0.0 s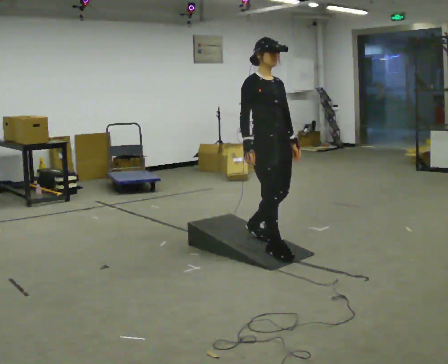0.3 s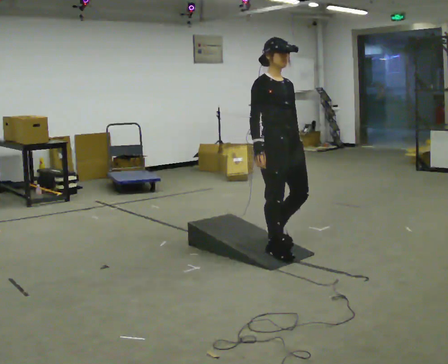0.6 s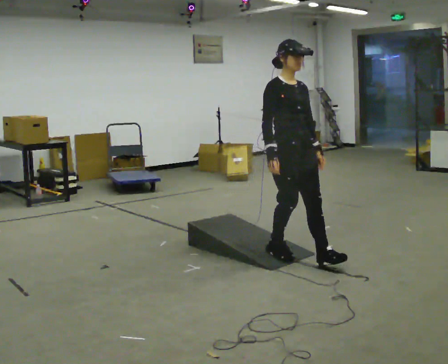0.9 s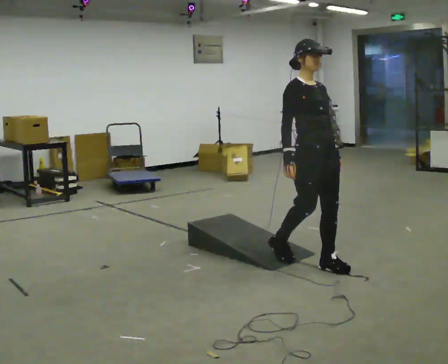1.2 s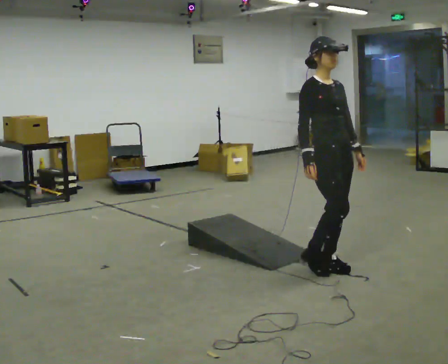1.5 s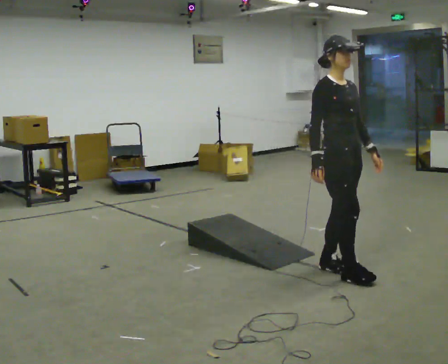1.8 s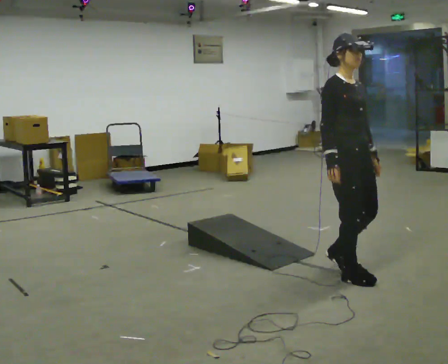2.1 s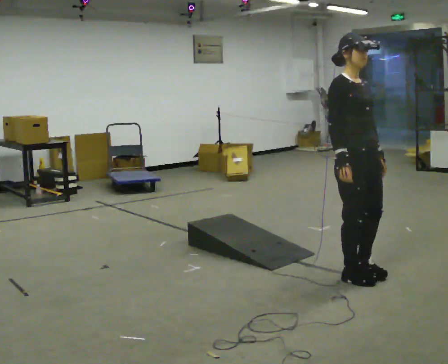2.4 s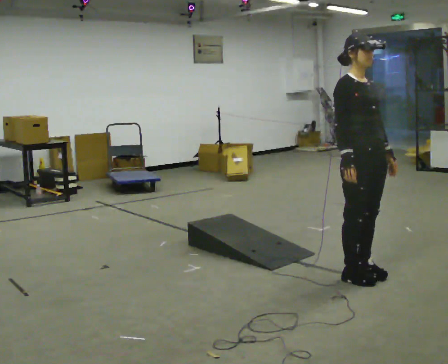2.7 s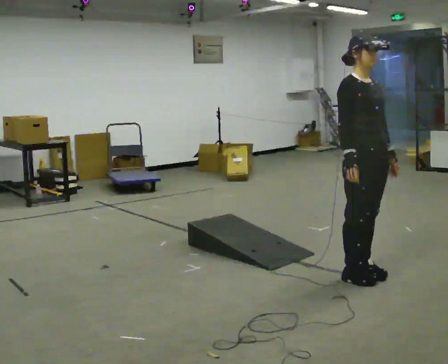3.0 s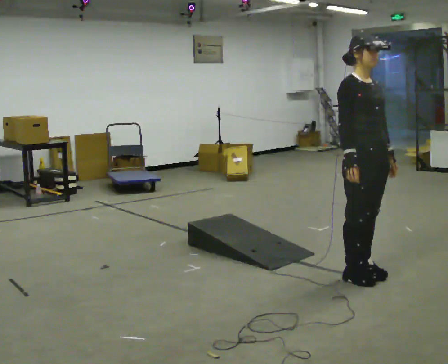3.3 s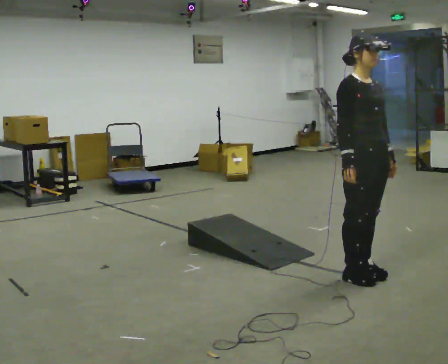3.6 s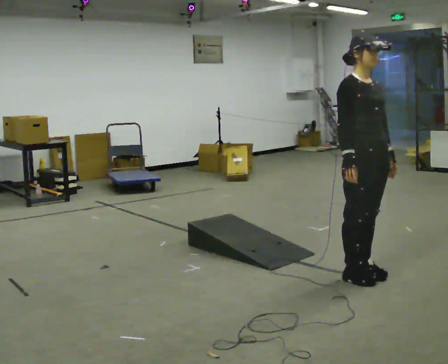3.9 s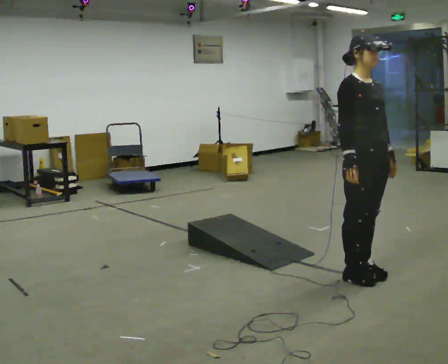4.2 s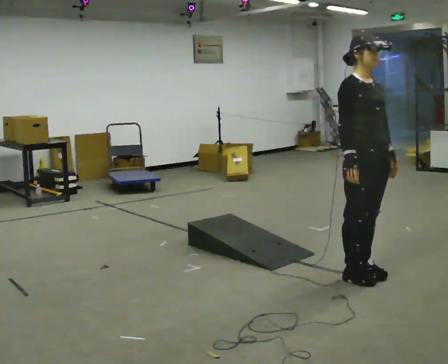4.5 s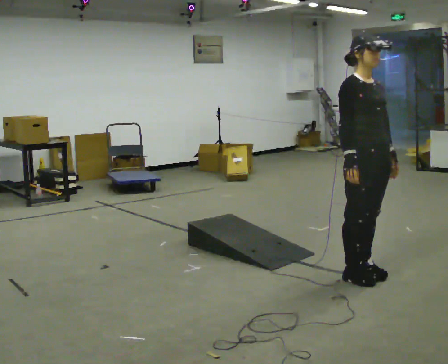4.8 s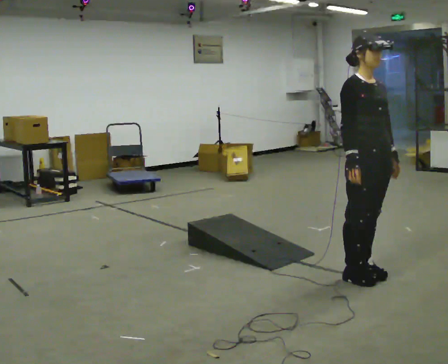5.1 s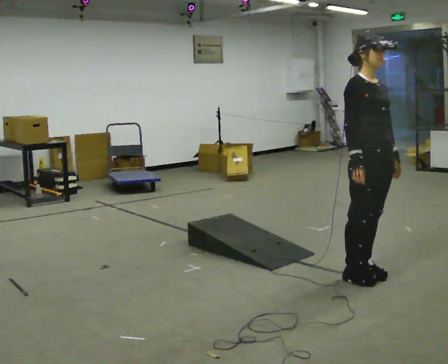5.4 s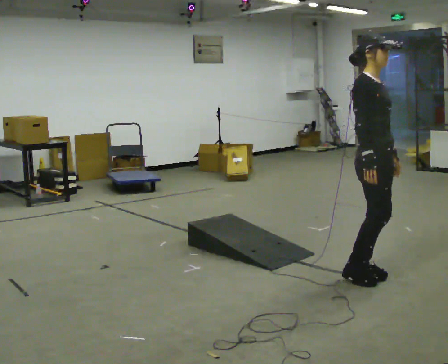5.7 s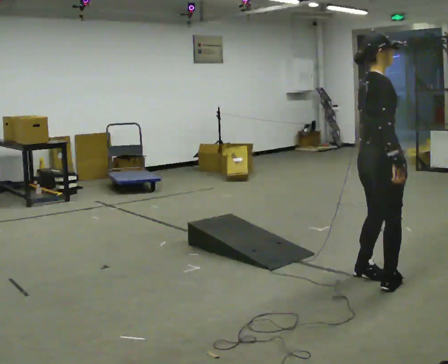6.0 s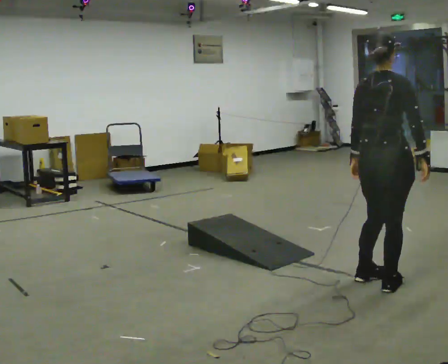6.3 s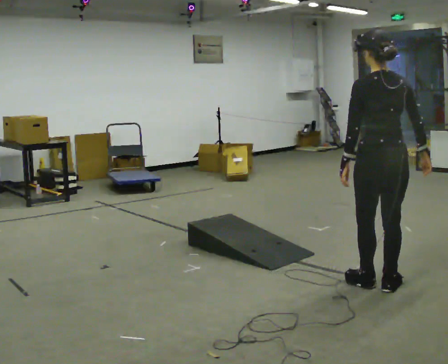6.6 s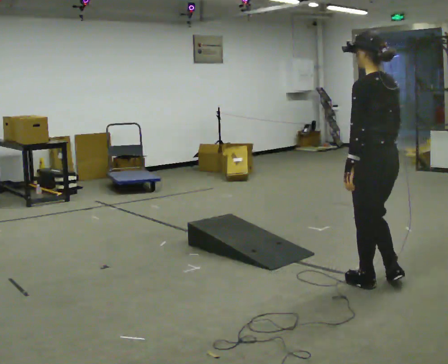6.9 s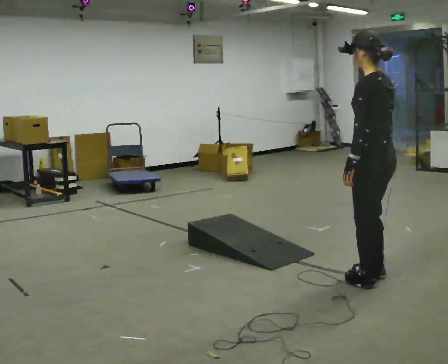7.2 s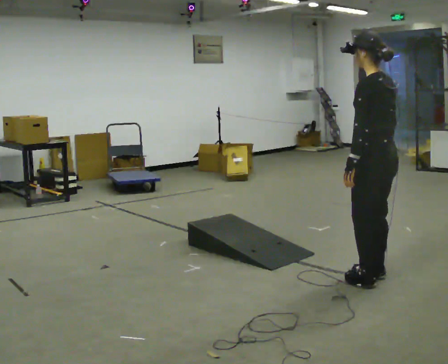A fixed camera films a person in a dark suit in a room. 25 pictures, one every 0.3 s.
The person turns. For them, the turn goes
to their left.
The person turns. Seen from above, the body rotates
counterclockwise.
0.0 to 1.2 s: In the picture they go to the right and toward the camera, about 0.5 m in 1 step, which for them is forward.
1.2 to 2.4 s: In the picture they go to the right and toward the camera, about 0.25 m in 2 steps, which for them is forward.
2.4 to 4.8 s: The person moves a little, or ends about where they began.
4.8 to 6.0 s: The person turns about 105 degrees to their left, counterclockwise seen from above, so the part of the body nearest the lens slides to the right. In the picture they go toward the camera, about 0.25 m in 1 step.
6.0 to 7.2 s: Seen from above the body turns counterclockwise, about 90 degrees: to their left, with its near side sliding to the right.
The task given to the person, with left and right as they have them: Walk up the ramp, turn at the top, and walk back down at a comfortable speed.
The film runs forward here.
